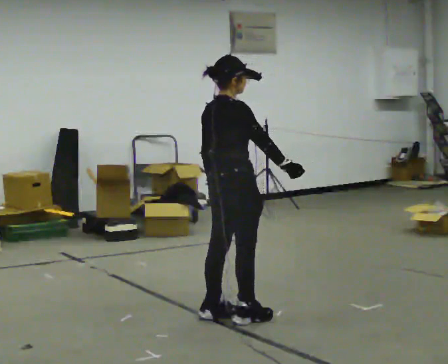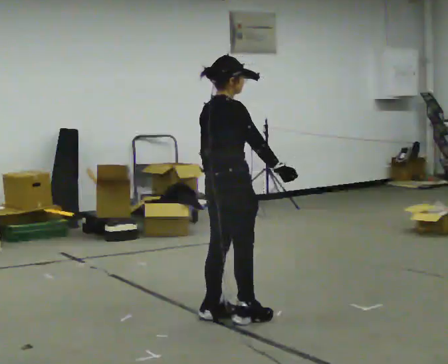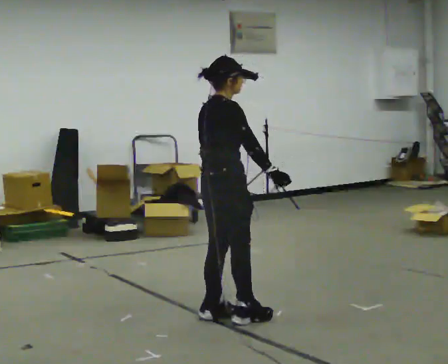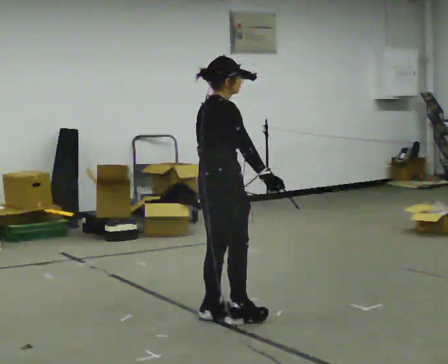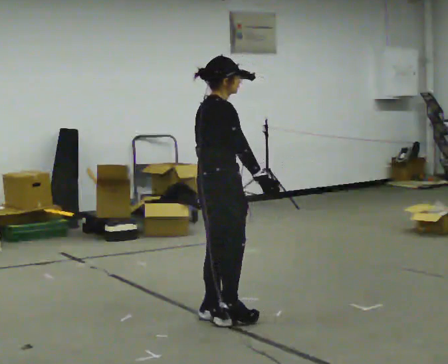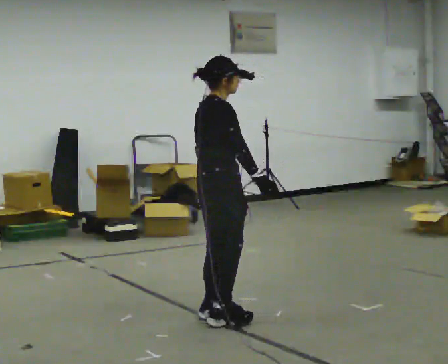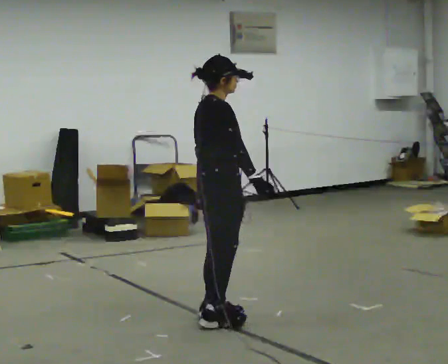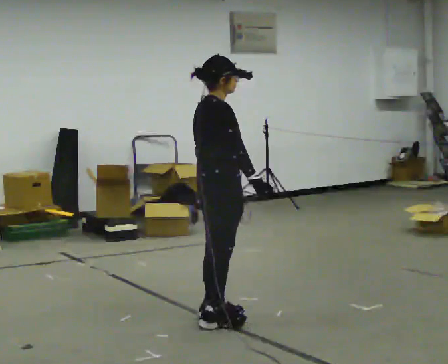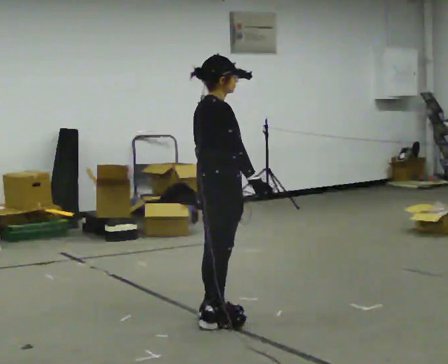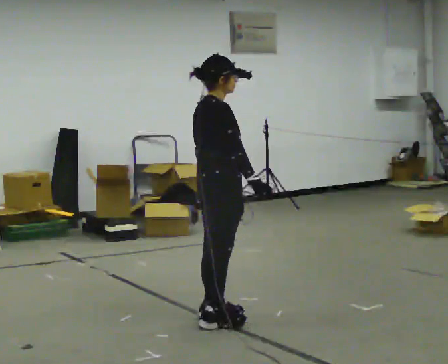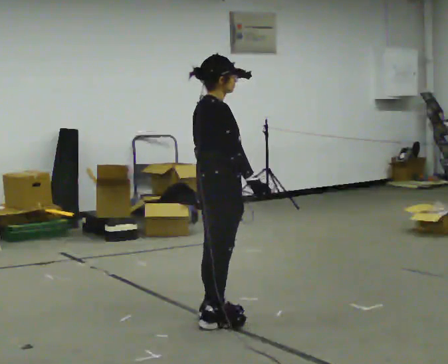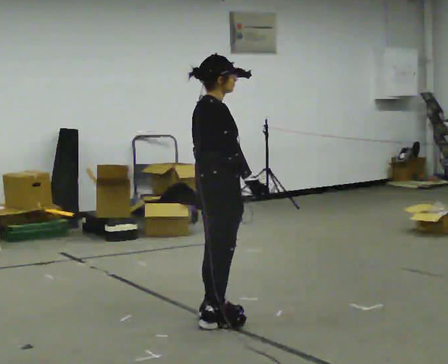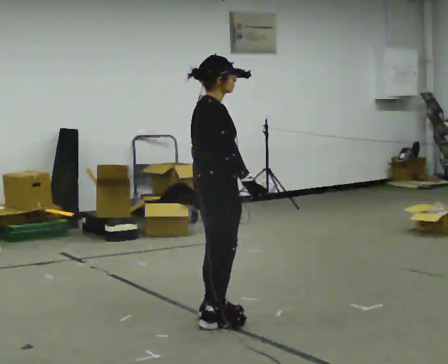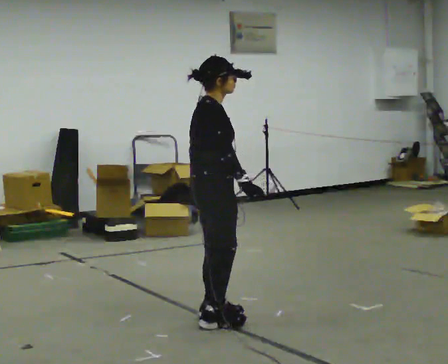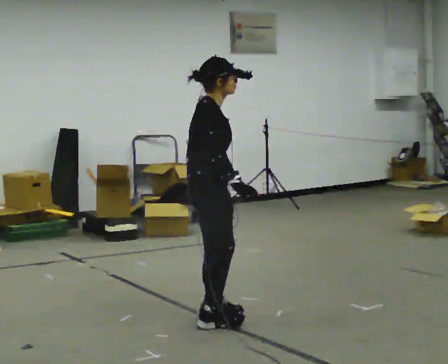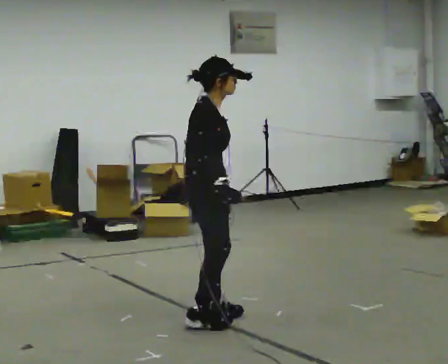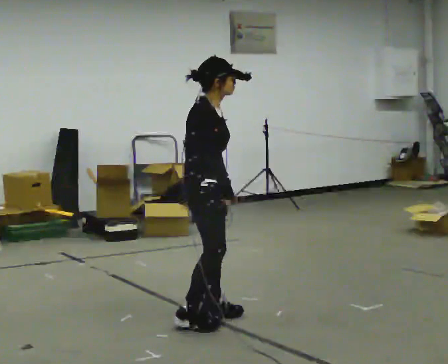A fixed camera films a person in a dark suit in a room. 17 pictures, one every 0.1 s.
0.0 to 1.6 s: Seen from above the body turns clockwise, about 45 degrees: to their right, with its near side sliding to the left. In the picture they go to the left, about 0.25 m in 1 step, which for them is backward. In the picture their right hand goes to the left, the arm swinging clockwise.
The film runs forward here.
